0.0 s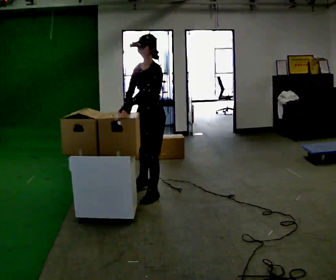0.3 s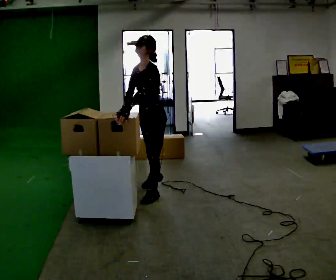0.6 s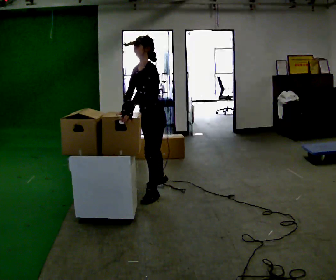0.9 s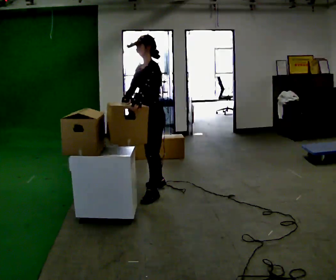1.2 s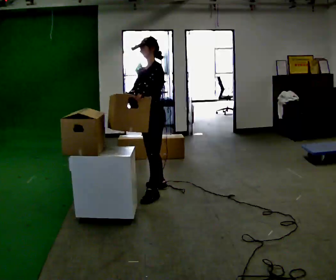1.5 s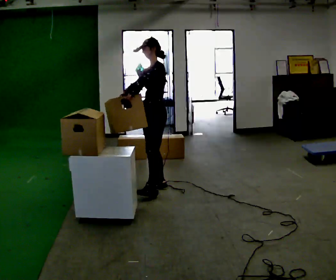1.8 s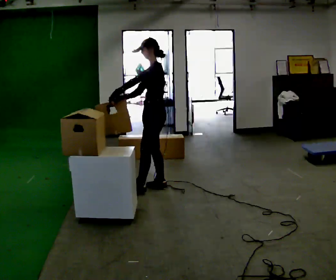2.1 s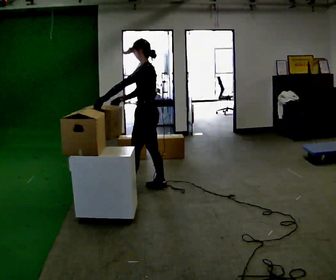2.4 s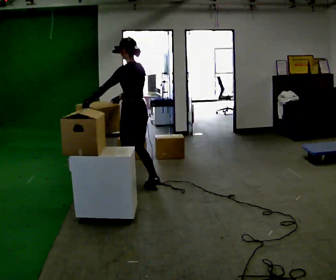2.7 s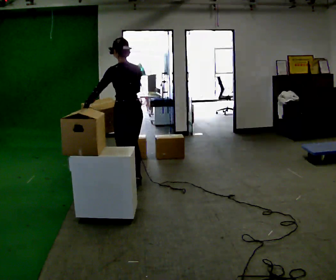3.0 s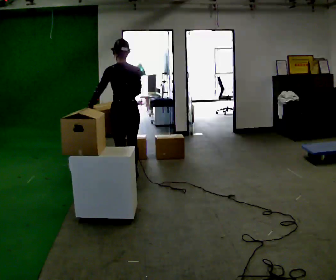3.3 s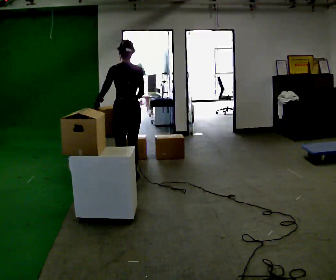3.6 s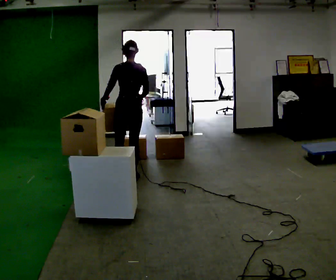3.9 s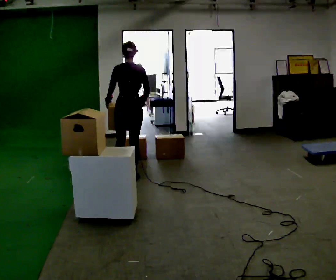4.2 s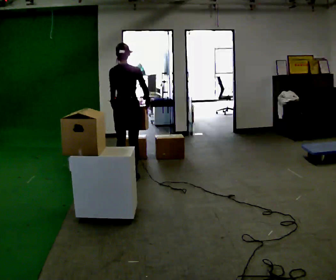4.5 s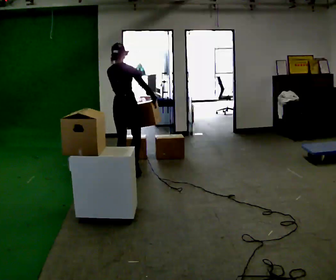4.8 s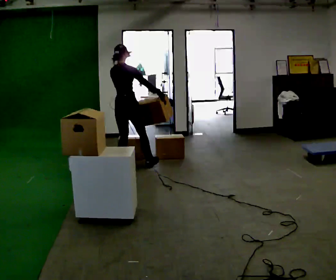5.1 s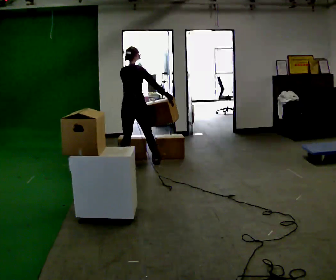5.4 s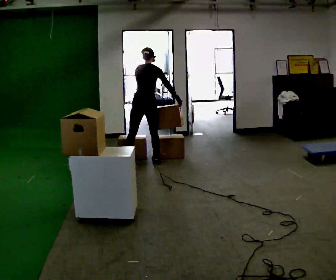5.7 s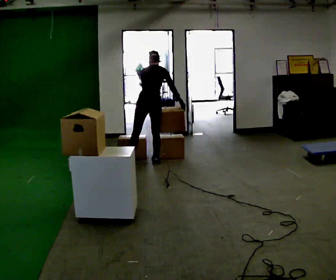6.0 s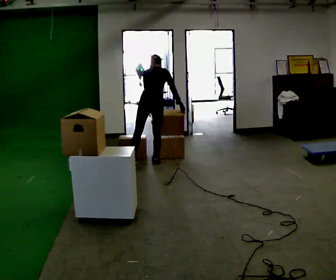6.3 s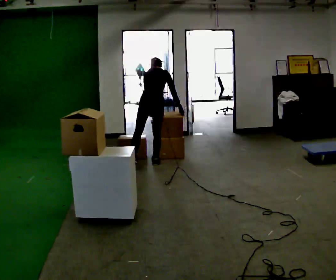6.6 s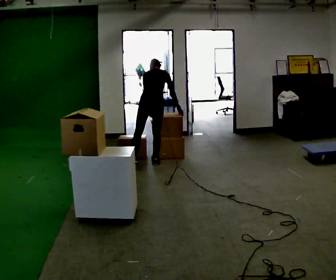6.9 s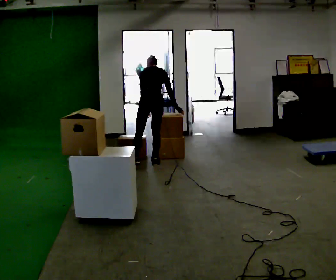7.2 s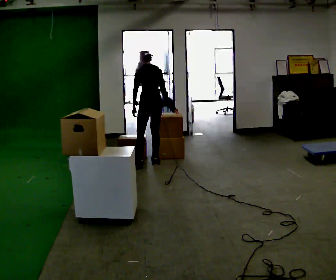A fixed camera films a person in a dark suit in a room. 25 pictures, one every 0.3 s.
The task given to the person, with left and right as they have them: Pick an object up off the floor at one end of the room, carry it across, and place it on the waist-height shelf at the other end. Keep going until the operator says stop; one object at a time, and do not rush between trips.
0.0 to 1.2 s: In the picture they go away from the camera, about 0.25 m in 1 step, which for them is to their right. The upper body tips away from the camera, its near side rolling upward.
1.2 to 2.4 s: The person turns about 60 degrees to their right, clockwise seen from above, so the part of the body nearest the lens slides to the left. In the picture they go to the left, about 0.25 m in 1 step. In the picture their left hand goes to the left.
2.4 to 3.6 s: The part of the body nearest the lens slides to the left as the person turns to their right by about 30 degrees. In the picture they go away from the camera, about 0.5 m in 1 step, which for them is forward.
3.6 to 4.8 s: Seen from above the body turns clockwise, about 45 degrees: to their right, with its near side sliding to the left. In the picture they go away from the camera, about 0.5 m in 1 step, which for them is forward and to their left.
4.8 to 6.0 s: The part of the body nearest the lens slides to the right as the person turns to their left by about 30 degrees. In the picture they go to the right and away from the camera, about 0.5 m in 1 step, which for them is to their right and forward. The upper body tips away from the camera, its near side rolling upward, as they bend forward.
6.0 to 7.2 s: The part of the body nearest the lens slides to the right as the person turns to their left by about 30 degrees. In the picture the upper body tilts counterclockwise, shoulders to the left.
The film runs forward here.
